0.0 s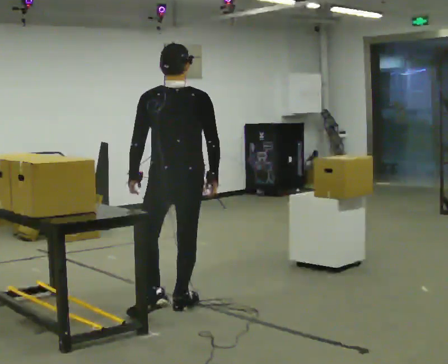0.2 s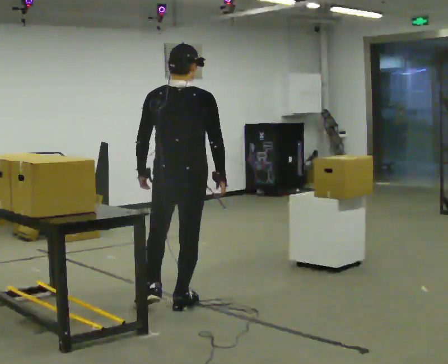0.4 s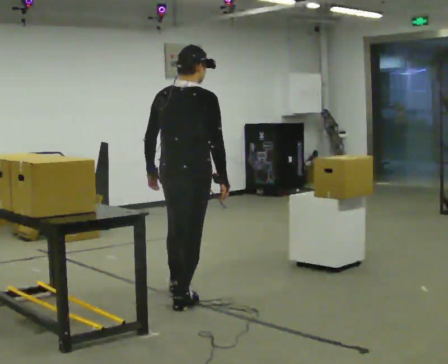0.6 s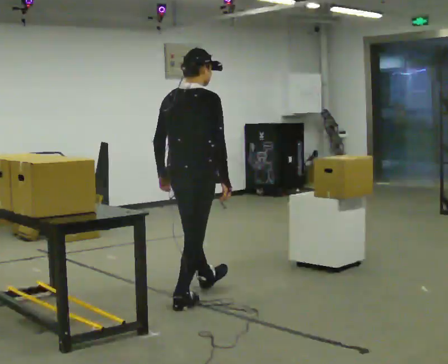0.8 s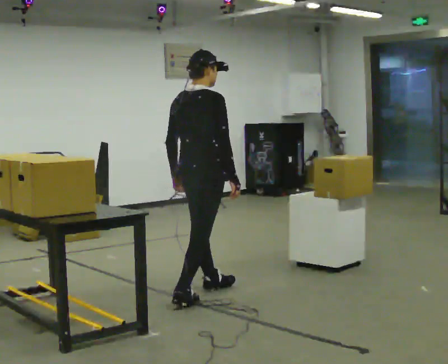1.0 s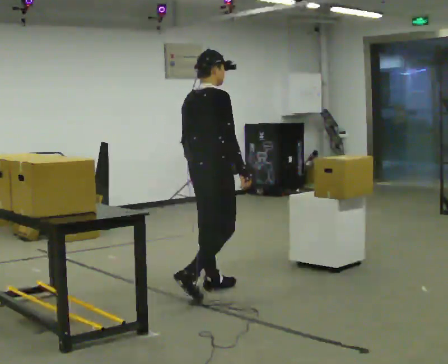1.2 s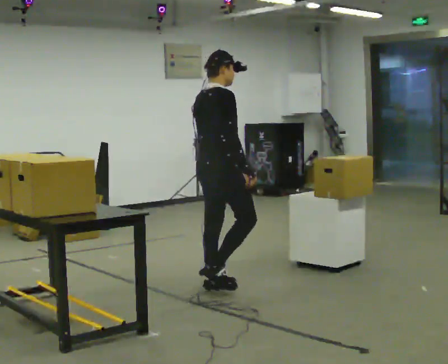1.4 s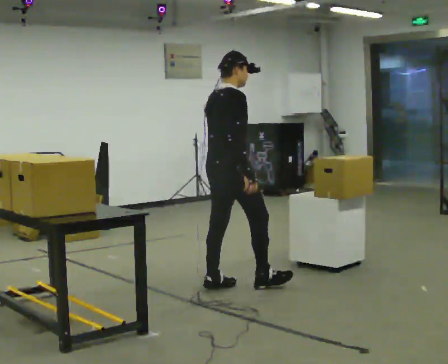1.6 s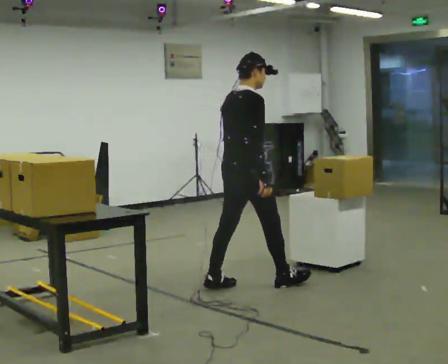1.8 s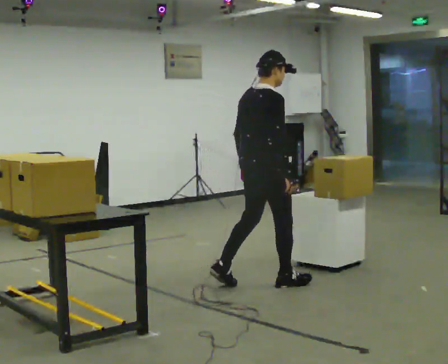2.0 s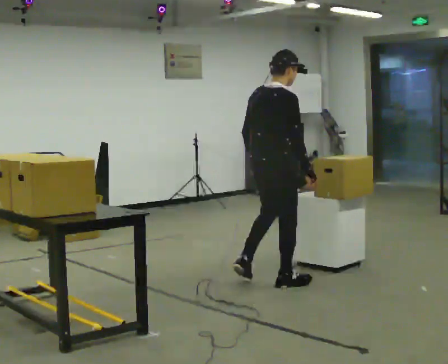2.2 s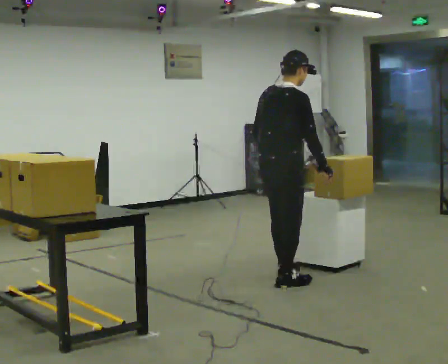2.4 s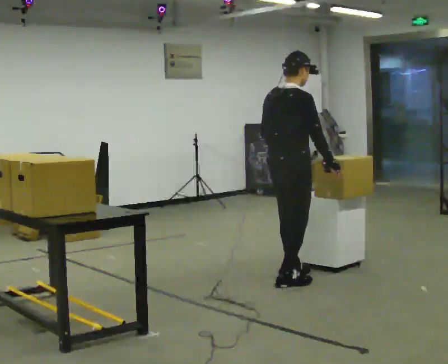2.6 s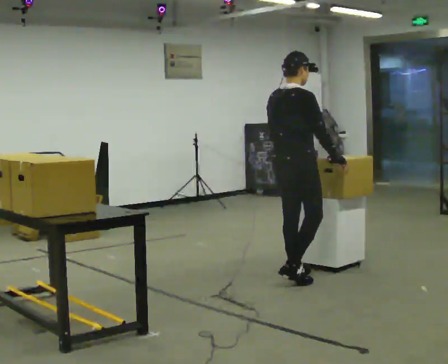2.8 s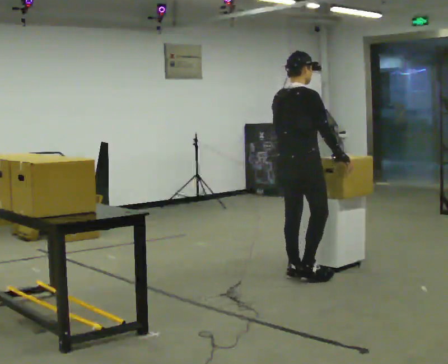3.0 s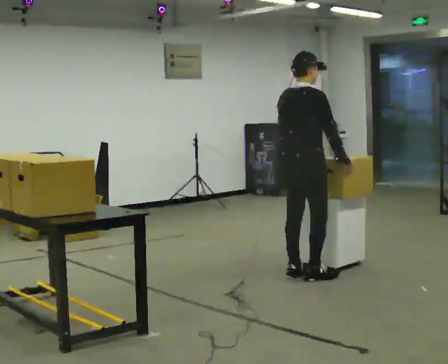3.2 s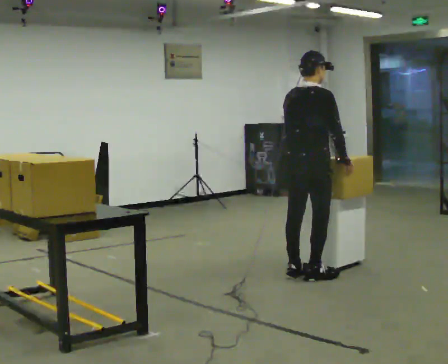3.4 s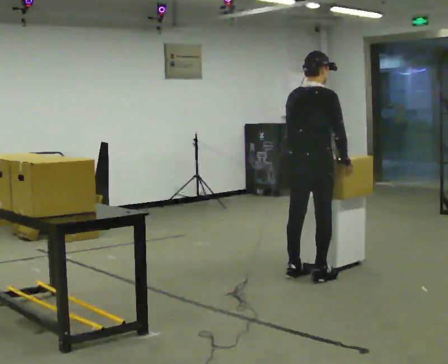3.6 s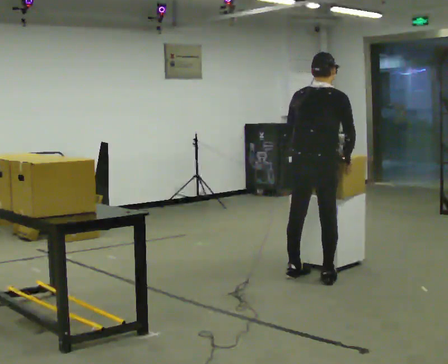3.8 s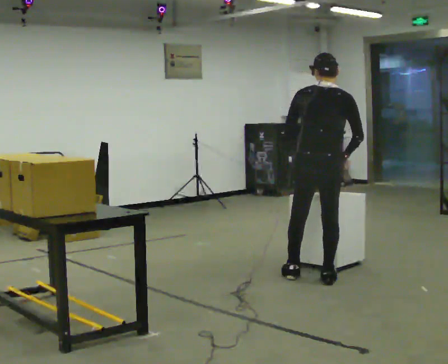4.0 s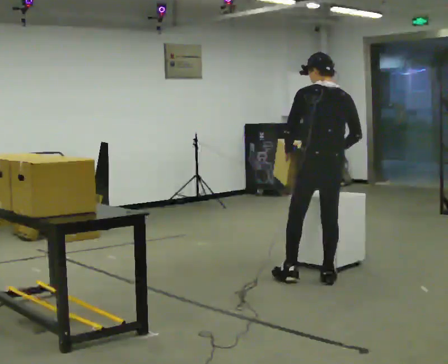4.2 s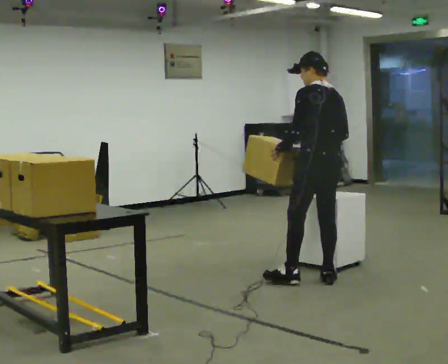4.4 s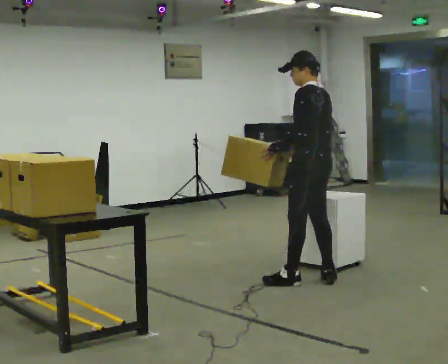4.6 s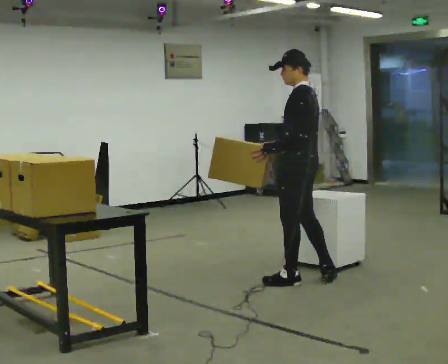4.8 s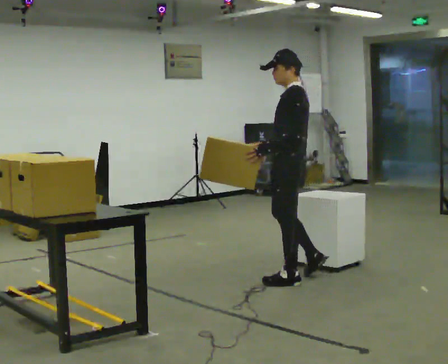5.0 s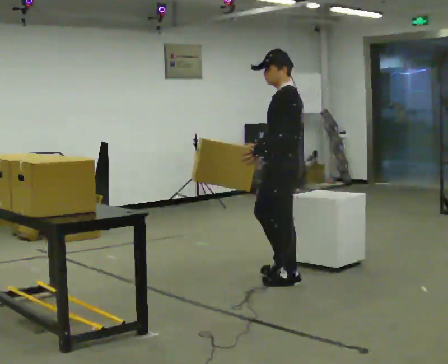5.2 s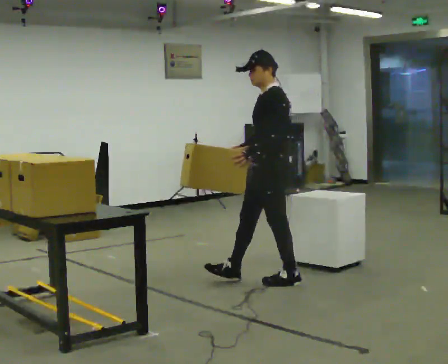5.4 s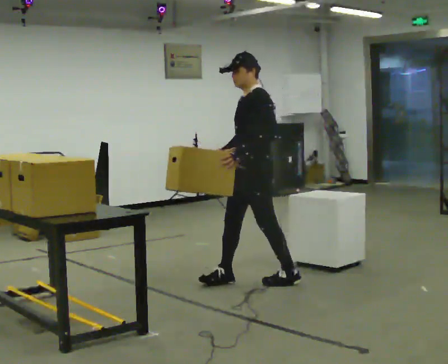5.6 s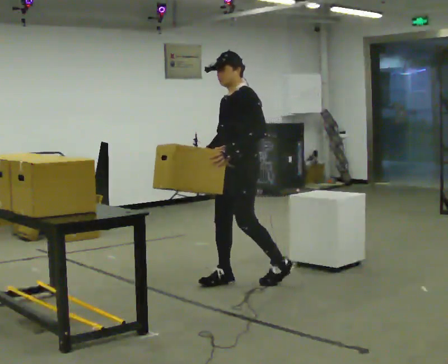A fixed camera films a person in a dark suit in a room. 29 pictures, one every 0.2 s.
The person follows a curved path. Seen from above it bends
clockwise.
0.0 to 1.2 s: The part of the body nearest the lens slides to the left as the person turns to their right by about 75 degrees. In the picture they go away from the camera, about 0.5 m in 1 step.
1.2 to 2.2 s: In the picture they go to the right and away from the camera, about 0.5 m in 1 step, which for them is forward.
2.2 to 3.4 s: In the picture they go to the right and away from the camera, about 0.25 m in 2 steps, which for them is forward.
3.4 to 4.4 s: The person turns about 90 degrees to their left, counterclockwise seen from above, so the part of the body nearest the lens slides to the right.
4.4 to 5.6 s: Seen from above the body turns counterclockwise, about 60 degrees: to their left, with its near side sliding to the right. In the picture they go to the left, about 0.5 m in 1 step.
The film runs forward here.
